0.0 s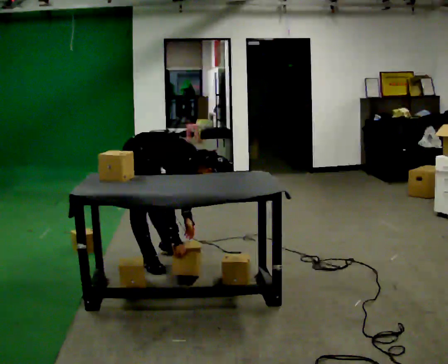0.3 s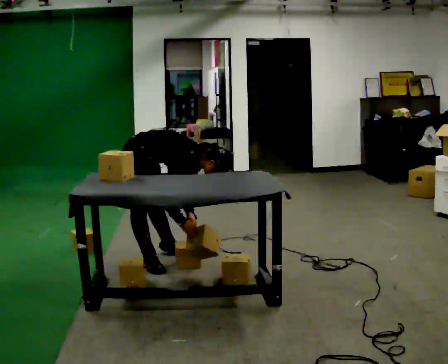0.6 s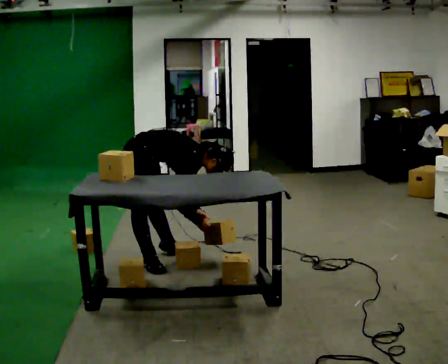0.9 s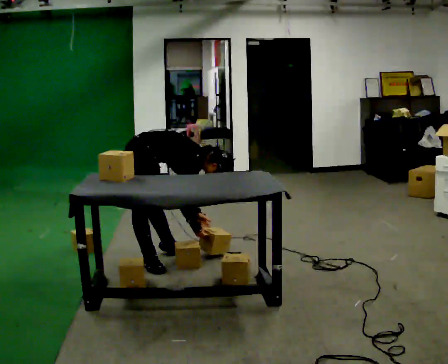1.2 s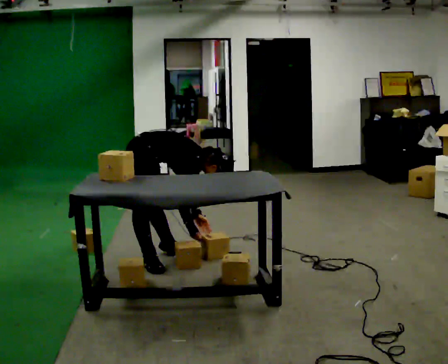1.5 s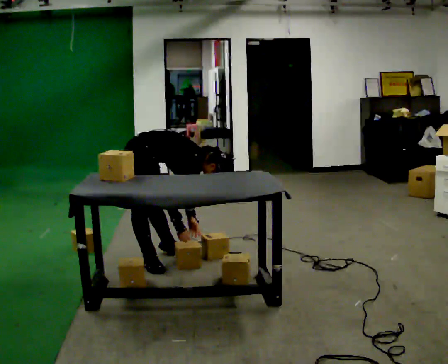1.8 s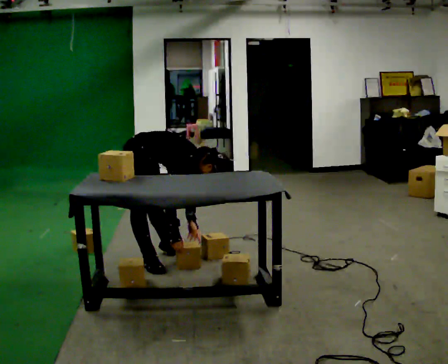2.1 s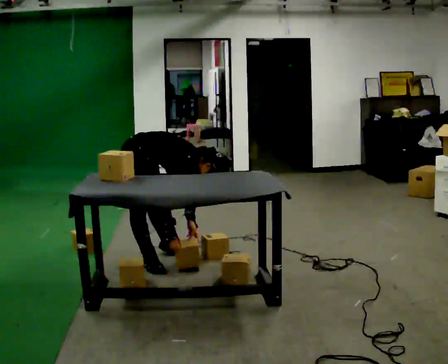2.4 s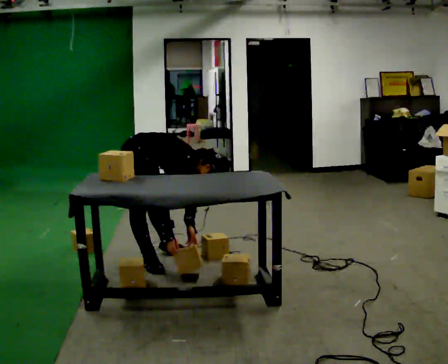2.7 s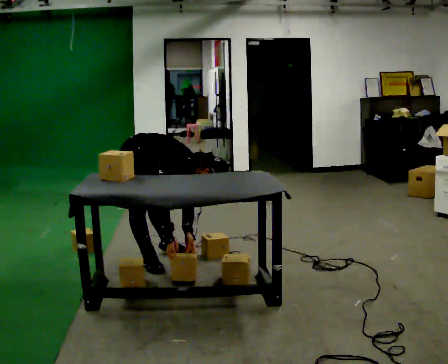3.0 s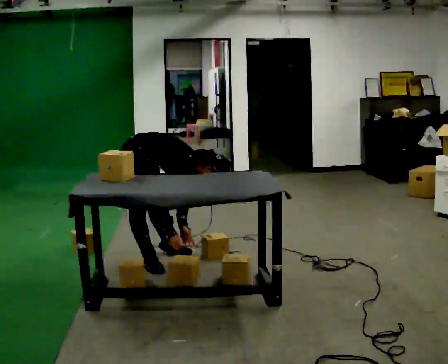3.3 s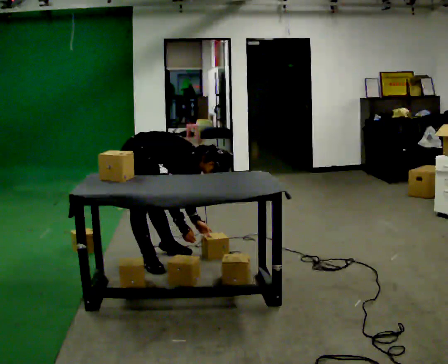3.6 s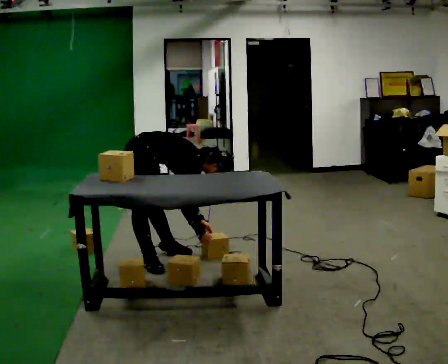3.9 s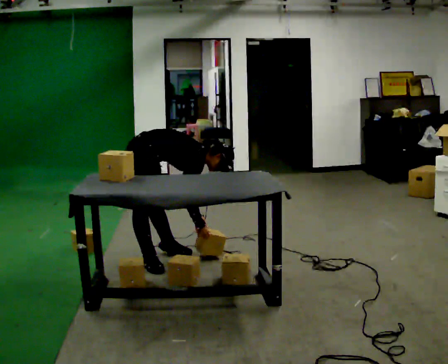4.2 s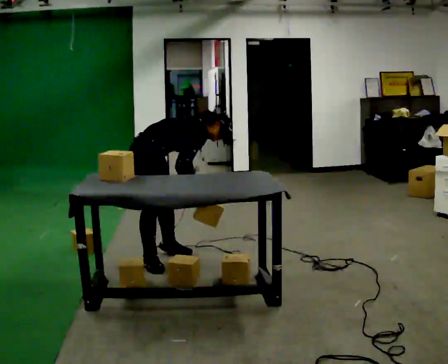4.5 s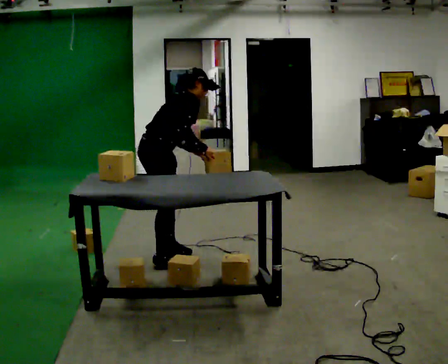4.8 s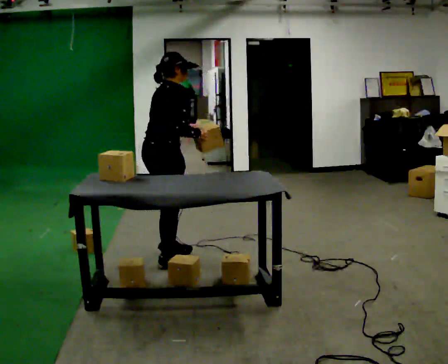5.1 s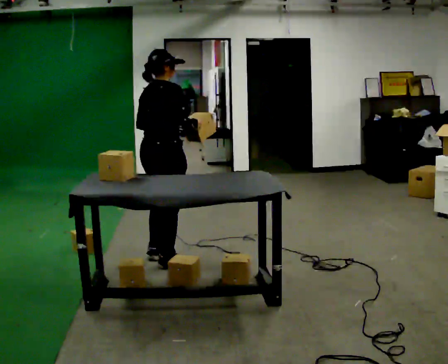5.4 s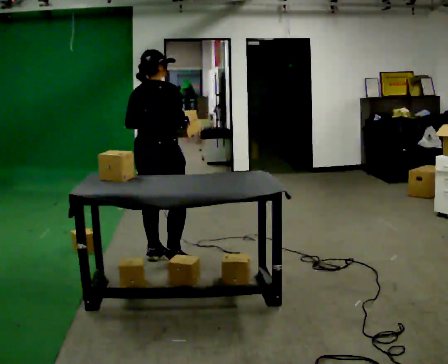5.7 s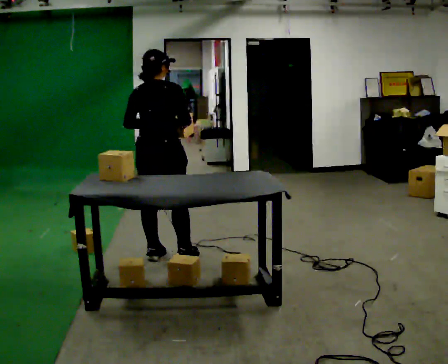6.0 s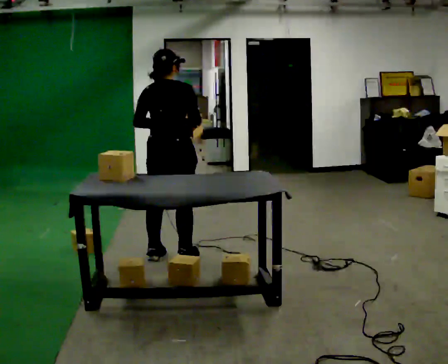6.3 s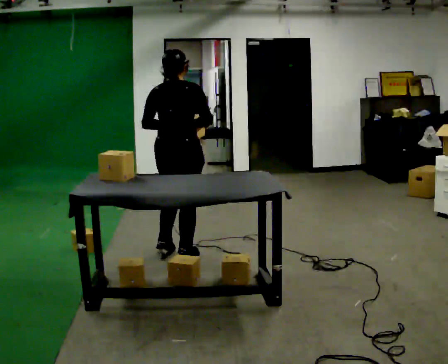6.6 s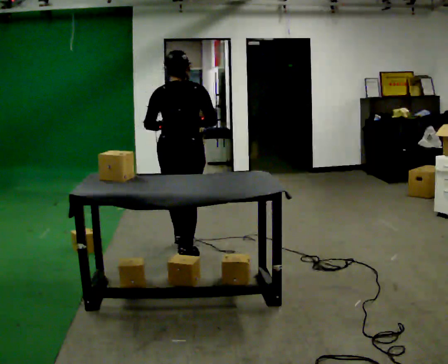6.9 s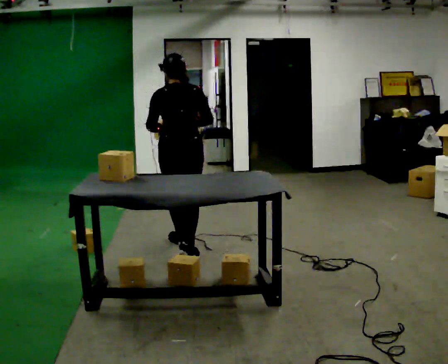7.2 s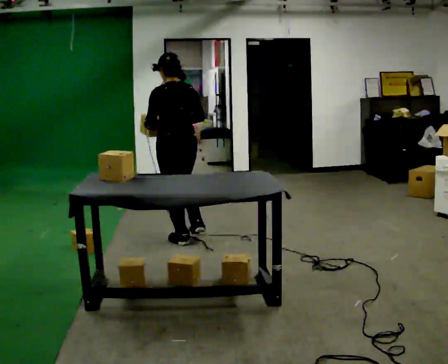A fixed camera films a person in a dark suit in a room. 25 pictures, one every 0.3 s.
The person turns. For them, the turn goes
to their left.
The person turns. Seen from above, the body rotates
counterclockwise.
0.0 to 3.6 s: The person moves a little, or ends about where they began.
3.6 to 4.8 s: The part of the body nearest the lens slides to the right as the person turns to their left by about 30 degrees. The shoulders move upward. In the picture the upper body tilts counterclockwise, shoulders to the left, as they lean back or straighten. In the picture their right hand goes upward.
4.8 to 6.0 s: The part of the body nearest the lens slides to the right as the person turns to their left by about 45 degrees. In the picture the upper body tilts counterclockwise, shoulders to the left.
6.0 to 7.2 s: The person turns about 45 degrees to their left, counterclockwise seen from above, so the part of the body nearest the lens slides to the right. In the picture they go away from the camera, about 0.5 m in 1 step, which for them is forward.
The film runs forward here.
